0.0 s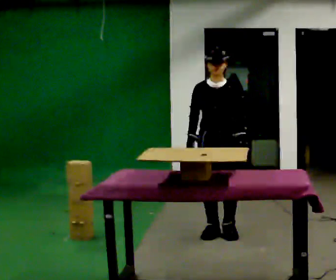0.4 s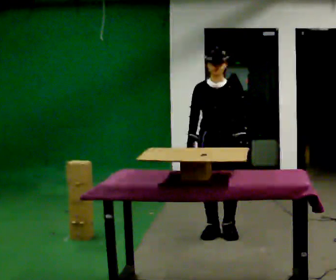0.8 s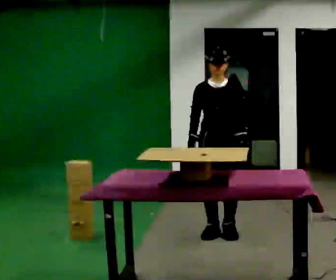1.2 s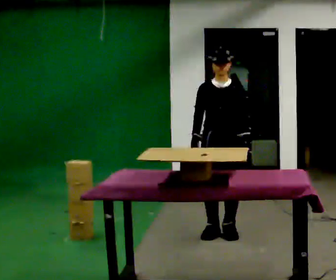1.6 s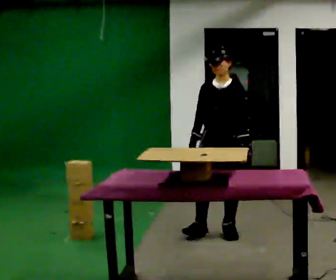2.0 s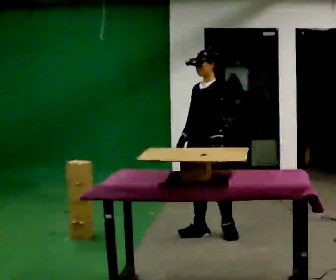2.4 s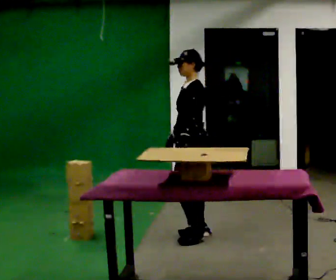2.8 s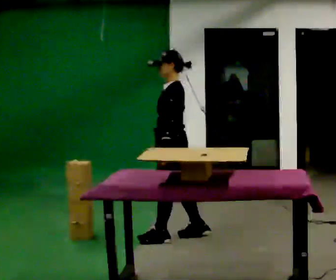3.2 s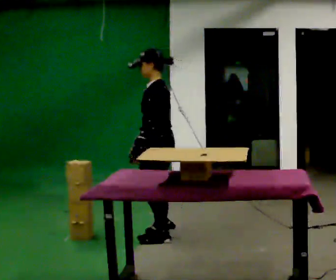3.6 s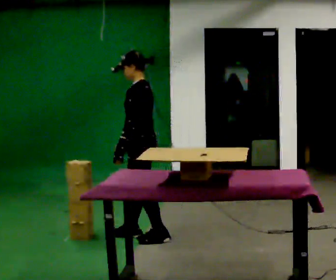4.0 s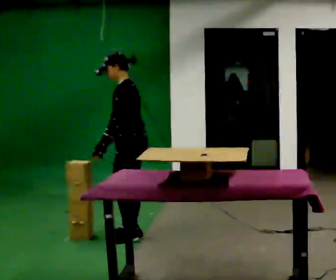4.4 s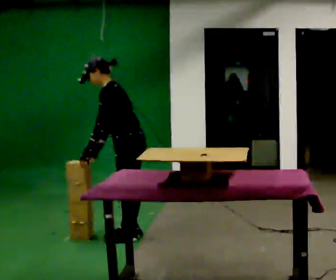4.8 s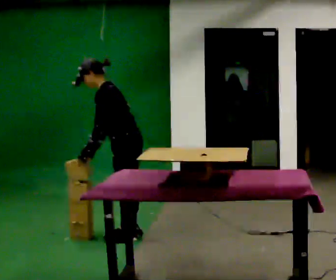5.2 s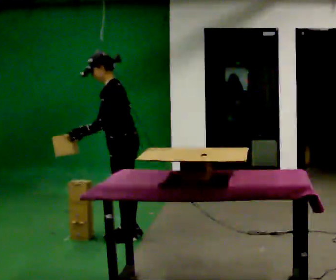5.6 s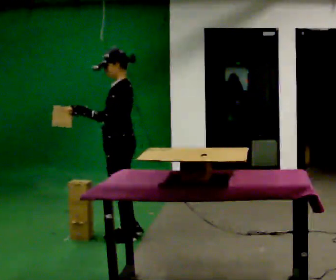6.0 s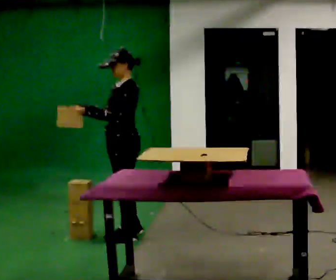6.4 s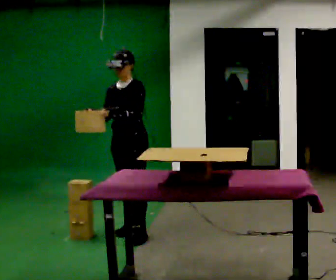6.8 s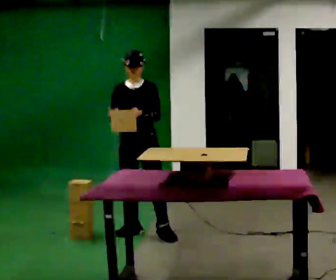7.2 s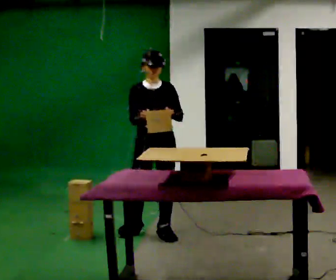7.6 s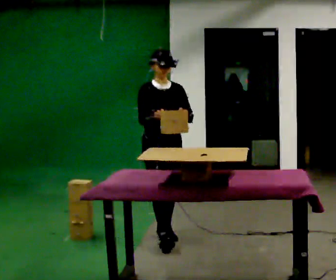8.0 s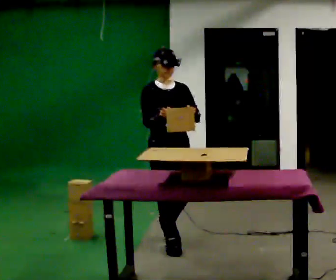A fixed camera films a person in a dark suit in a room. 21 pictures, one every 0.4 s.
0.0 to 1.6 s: The person moves a little, or ends about where they began.
1.6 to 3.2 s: The person turns about 60 degrees to their right, clockwise seen from above, so the part of the body nearest the lens slides to the left. In the picture they go to the left, about 0.5 m in 1 step.
3.2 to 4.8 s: In the picture they go to the left, about 0.25 m in 2 steps, which for them is forward. In the picture the upper body tilts counterclockwise, shoulders to the left, as they bend forward.
4.8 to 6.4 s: The person turns about 60 degrees to their left, counterclockwise seen from above, so the part of the body nearest the lens slides to the right.
6.4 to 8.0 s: The part of the body nearest the lens slides to the right as the person turns to their left by about 60 degrees. In the picture they go toward the camera and to the right, about 0.5 m in 2 steps, which for them is forward and to their left.
The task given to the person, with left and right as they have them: Carry the object over and set it down on the wobbly board without tipping it over. Keep going until the operator says stop; one object at a time, and do not rush between trips.
The film runs forward here.
